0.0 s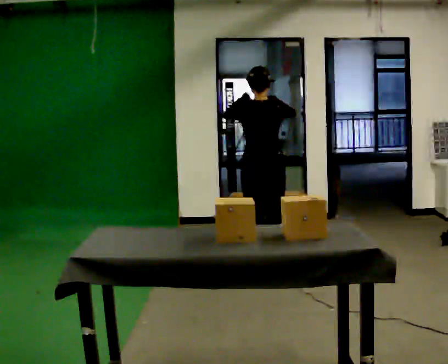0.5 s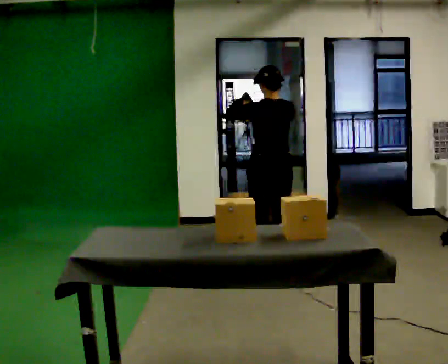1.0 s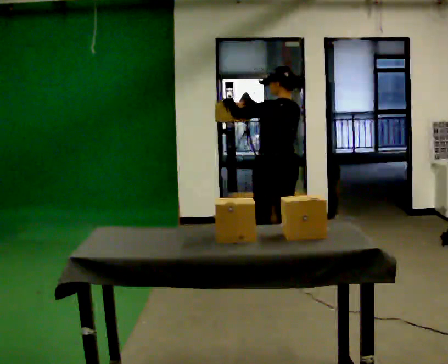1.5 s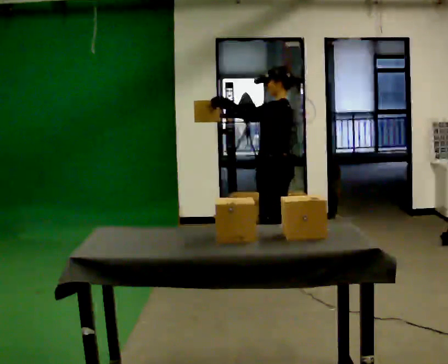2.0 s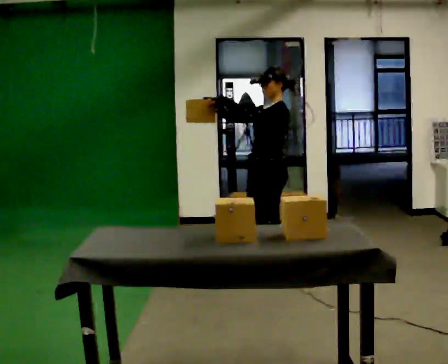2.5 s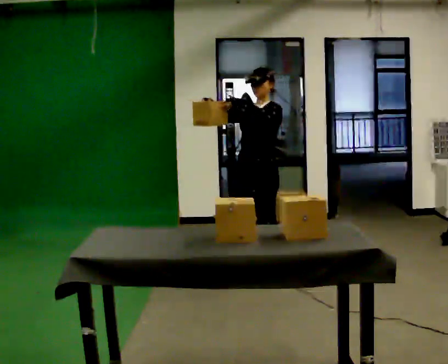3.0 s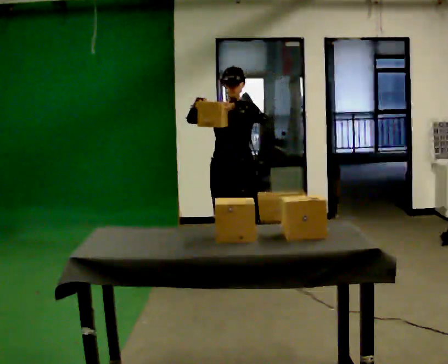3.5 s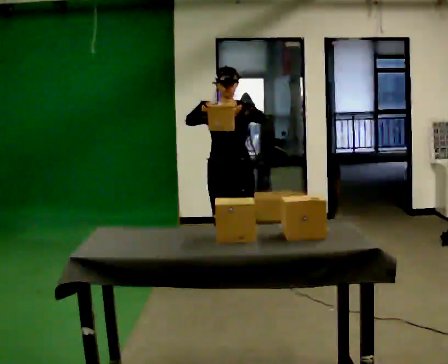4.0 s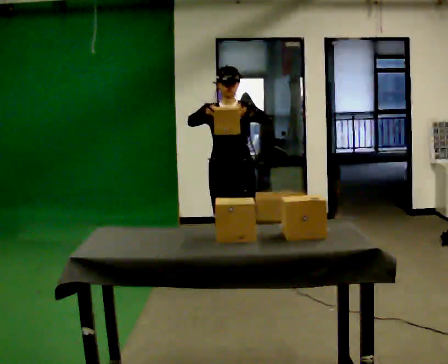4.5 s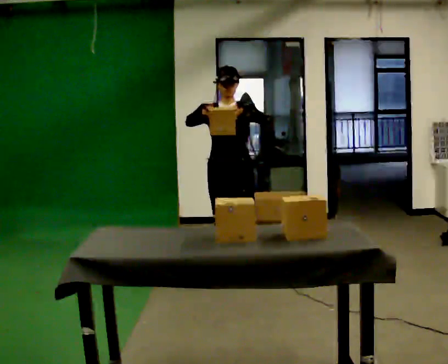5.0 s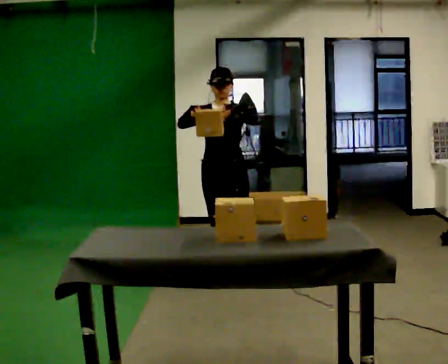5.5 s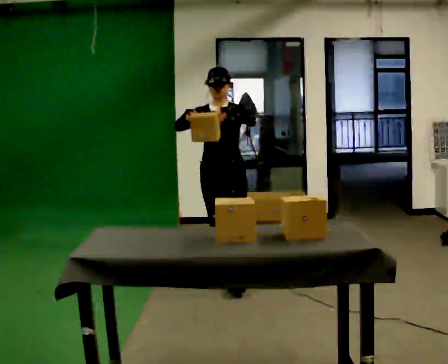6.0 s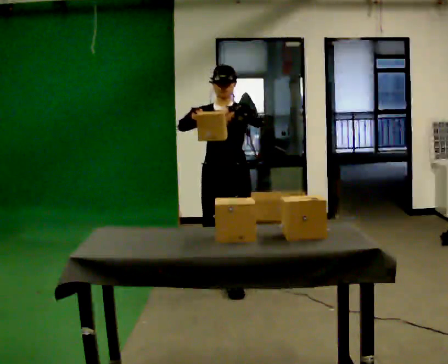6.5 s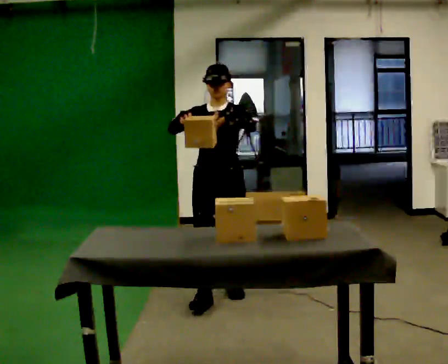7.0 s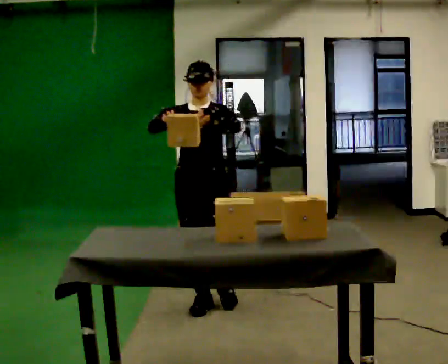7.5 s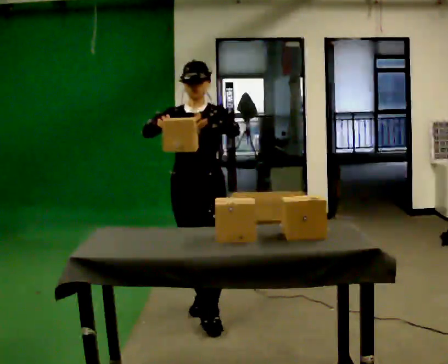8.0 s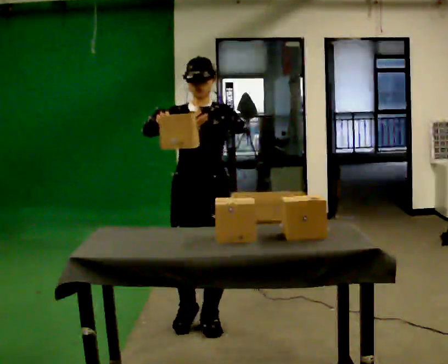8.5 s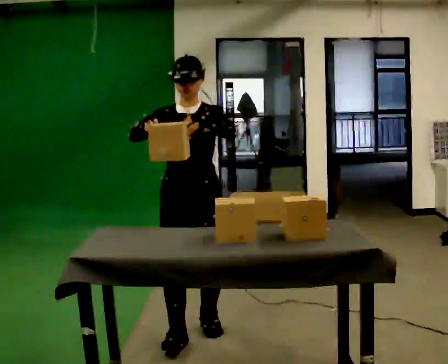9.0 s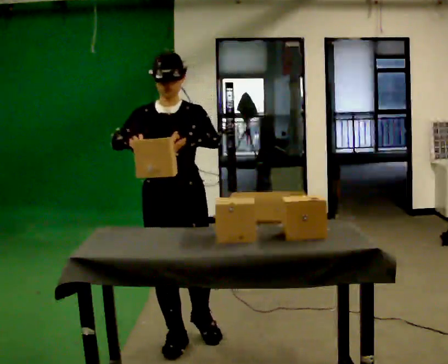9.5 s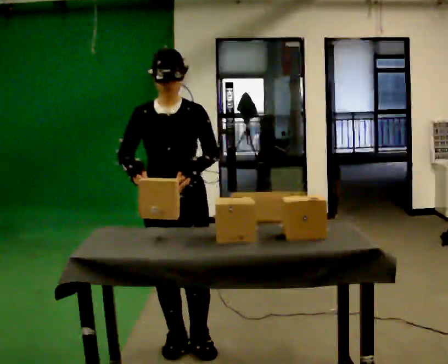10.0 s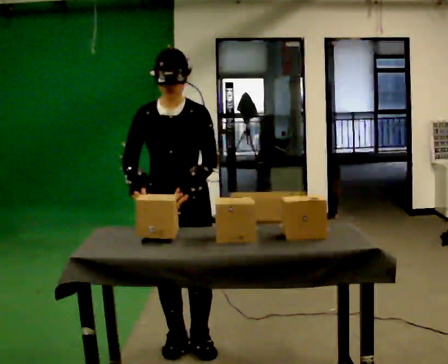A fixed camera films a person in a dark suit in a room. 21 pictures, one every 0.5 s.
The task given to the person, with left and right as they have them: Take the objects the operator names off the crowded shelf, one at a time, and carry each one to the table. You will have to move other things out of the way to reach them. Keep going until the operator says stop; one object at a time, and do not rush between trips.
0.0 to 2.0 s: The part of the body nearest the lens slides to the right as the person turns to their left by about 105 degrees. In the picture they go toward the camera, about 0.25 m in 1 step.
2.0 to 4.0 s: The person turns about 75 degrees to their left, counterclockwise seen from above, so the part of the body nearest the lens slides to the right. In the picture they go to the left, about 0.25 m in 2 steps.
4.0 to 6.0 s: In the picture they go toward the camera, about 0.25 m in 1 step, which for them is forward.
6.0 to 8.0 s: In the picture they go toward the camera, about 1 m in 2 steps, which for them is forward.
8.0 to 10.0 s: In the picture they go toward the camera, about 0.5 m in 2 steps, which for them is forward. The upper body tips toward the camera, its near side rolling downward, as they bend forward.
The film runs forward here.
